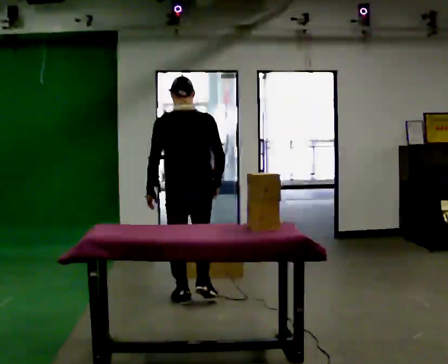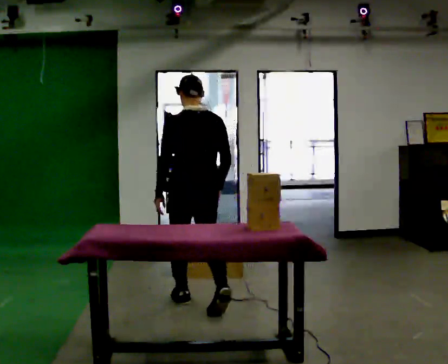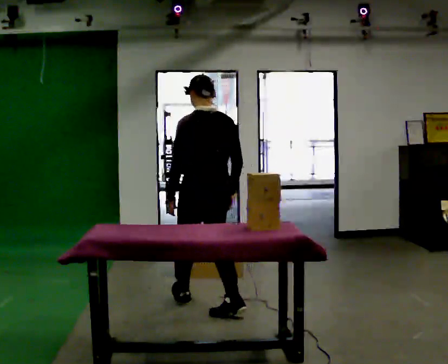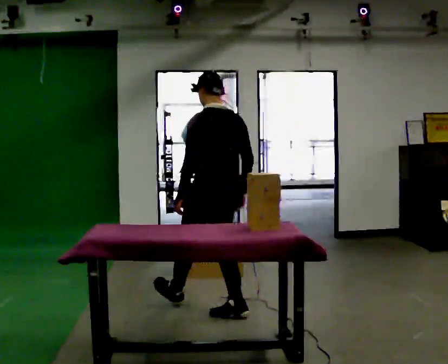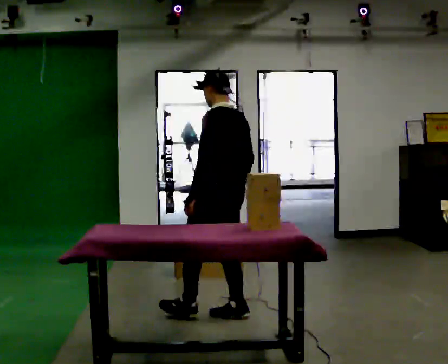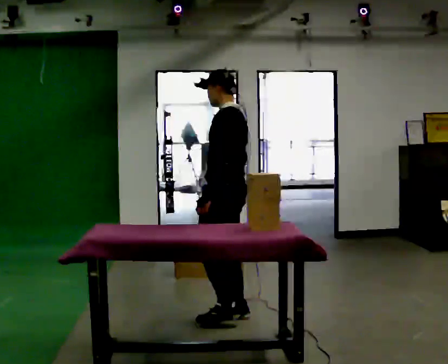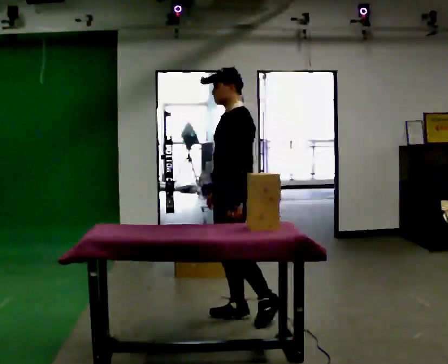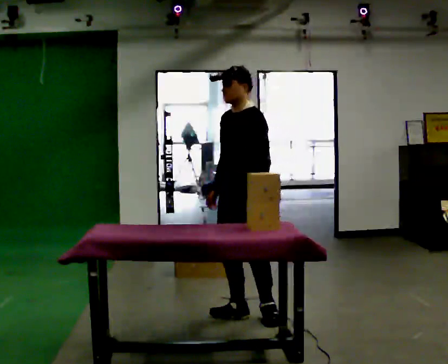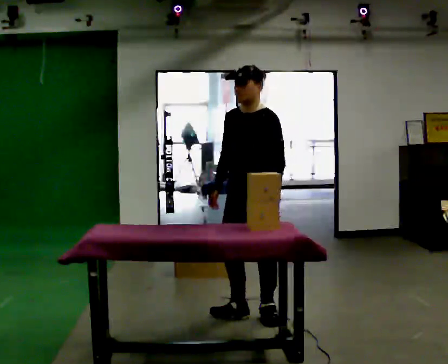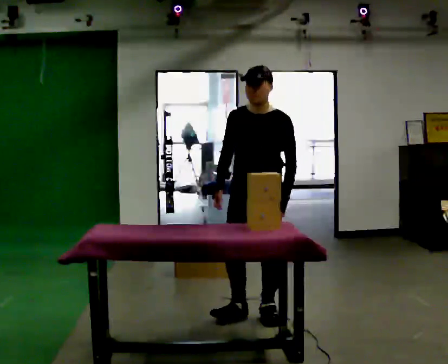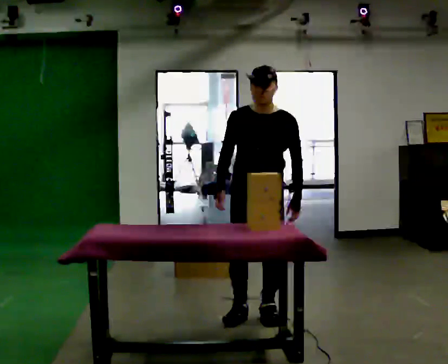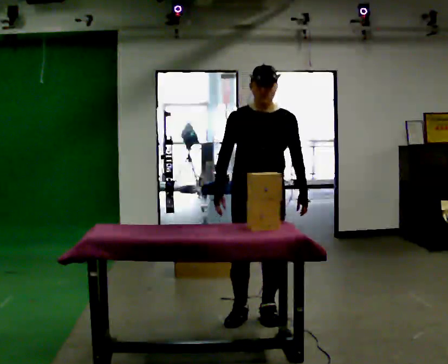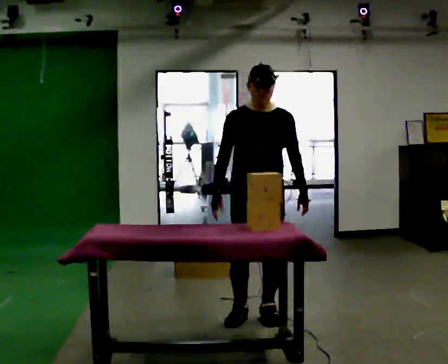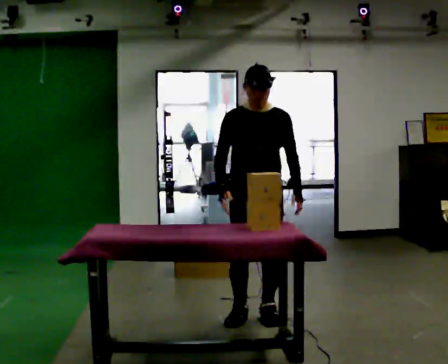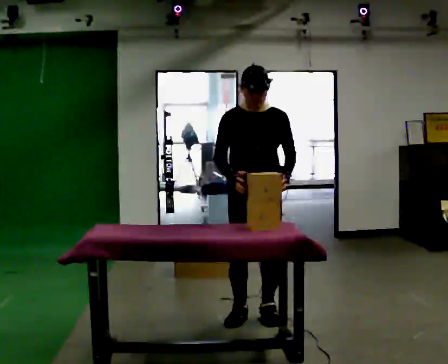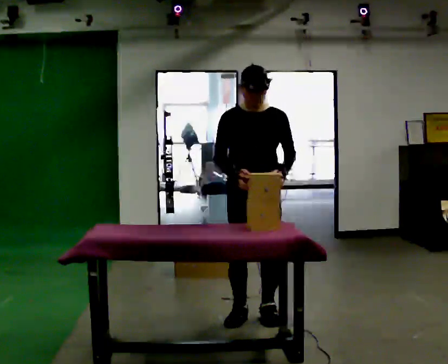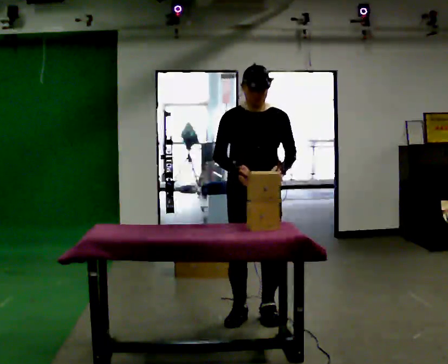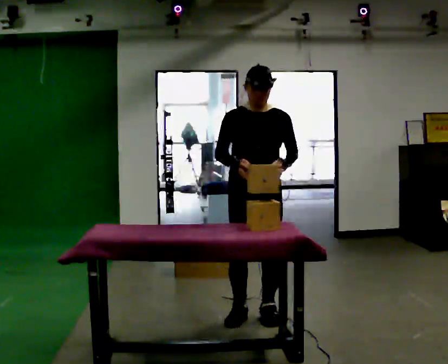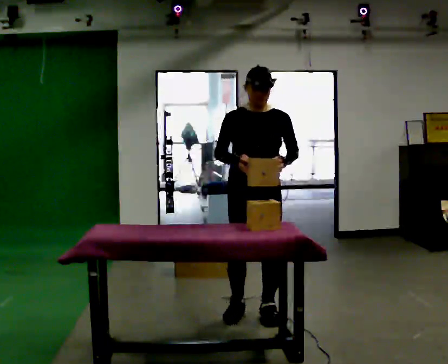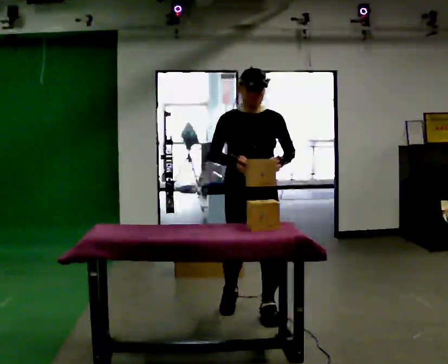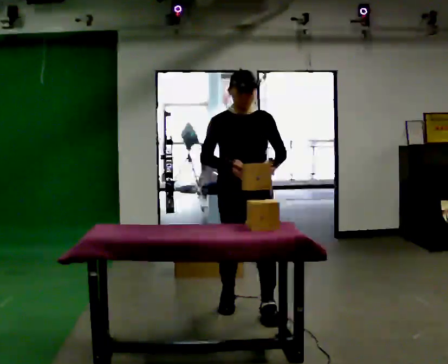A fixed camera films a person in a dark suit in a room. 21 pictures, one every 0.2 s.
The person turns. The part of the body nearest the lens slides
to the right.
The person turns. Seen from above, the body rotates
counterclockwise.
0.0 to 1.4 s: Seen from above the body turns counterclockwise, about 105 degrees: to their left, with its near side sliding to the right. In the picture they go to the right and toward the camera, about 0.5 m in 1 step.
1.4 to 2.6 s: The person turns about 60 degrees to their left, counterclockwise seen from above, so the part of the body nearest the lens slides to the right.
2.6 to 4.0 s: In the picture they go away from the camera, about 0.25 m in 1 step, which for them is backward.
The film runs backward here.
